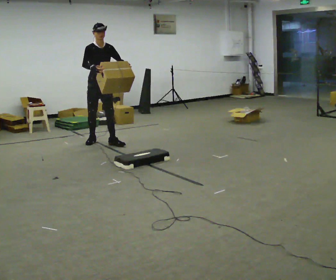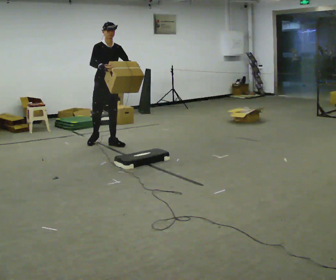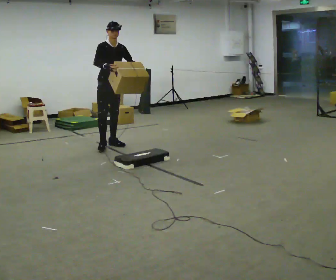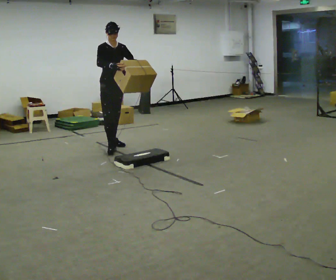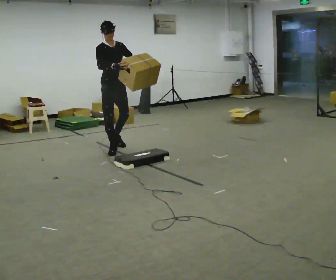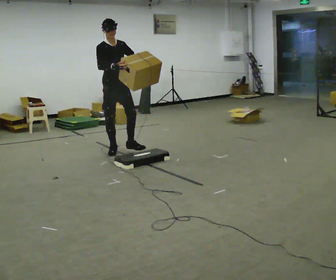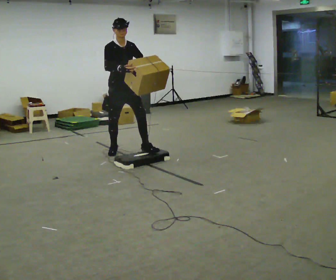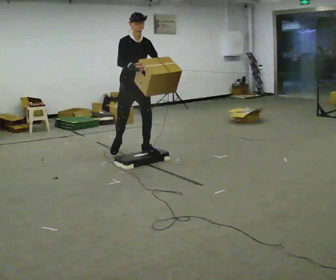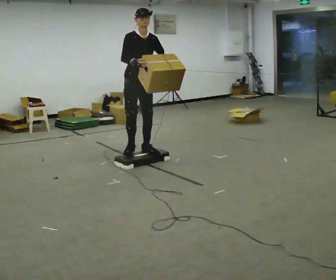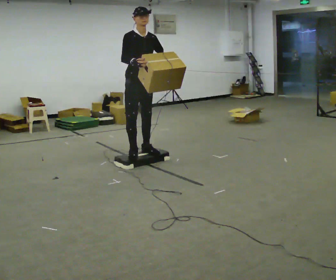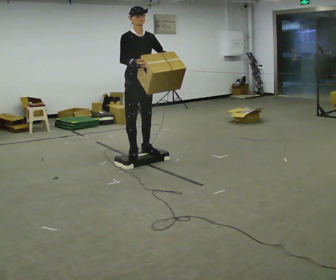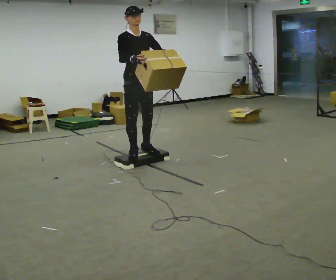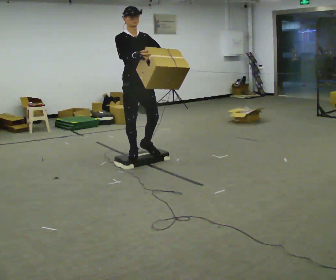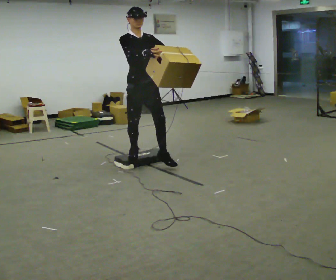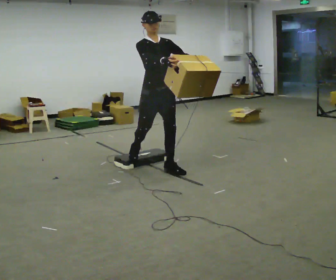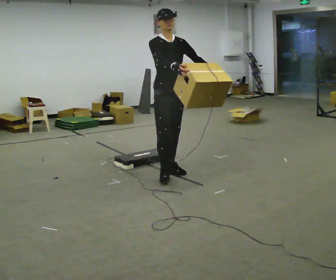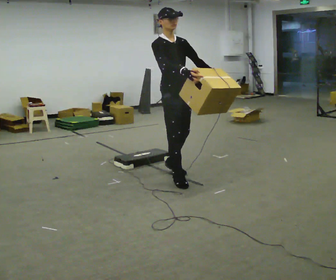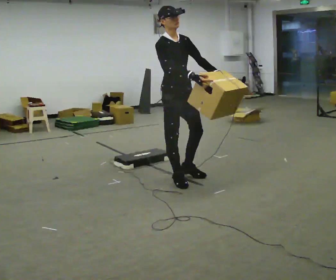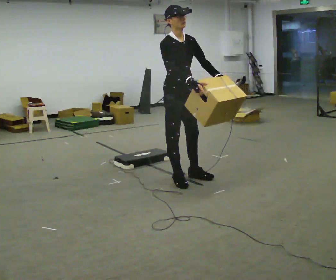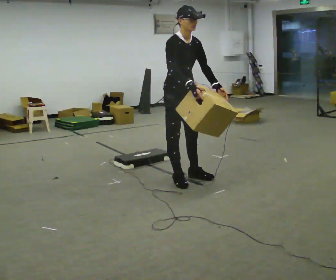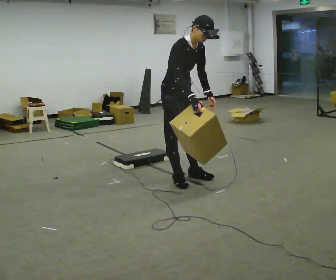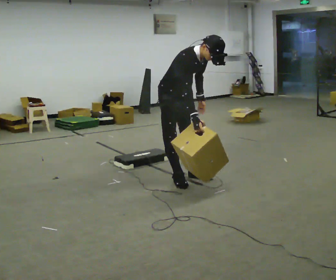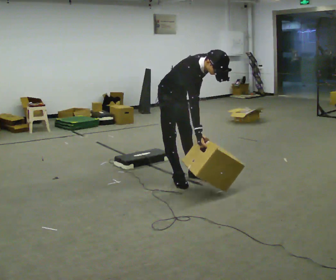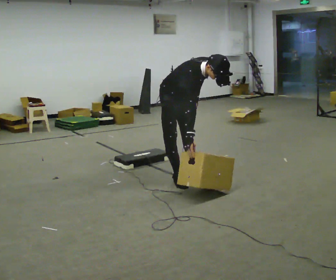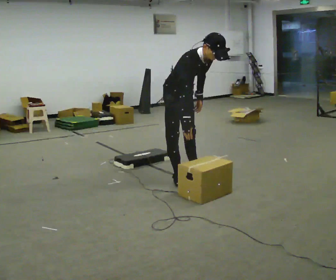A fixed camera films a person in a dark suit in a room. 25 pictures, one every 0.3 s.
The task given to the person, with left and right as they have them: Carry the box up onto the platform, across it, and down the other side, then bring it back. Keep going until the operator says stop; one object at a time, and do not rush between trips.
0.0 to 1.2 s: In the picture they go toward the camera and to the right, about 0.5 m in 1 step, which for them is forward.
1.2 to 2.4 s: In the picture they go toward the camera and to the right, about 0.5 m in 1 step, which for them is forward.
2.4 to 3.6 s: In the picture they go toward the camera, about 0.25 m in 1 step, which for them is forward and to their right.
3.6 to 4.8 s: In the picture they go toward the camera and to the right, about 0.75 m in 2 steps, which for them is forward.
4.8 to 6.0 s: In the picture the upper body tilts clockwise, shoulders to the right, as they bend forward.
6.0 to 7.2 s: The person moves a little, or ends about where they began.
The film runs forward here.
